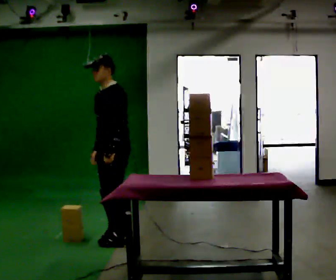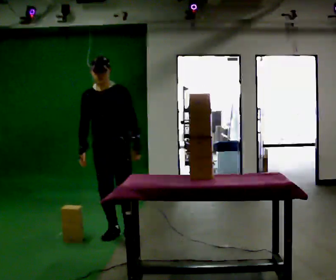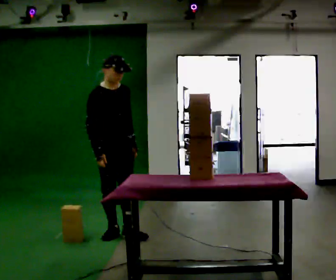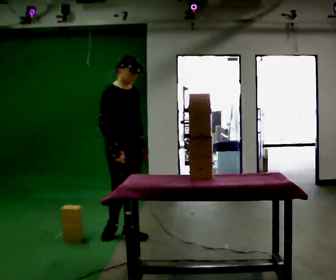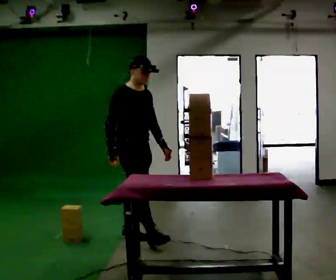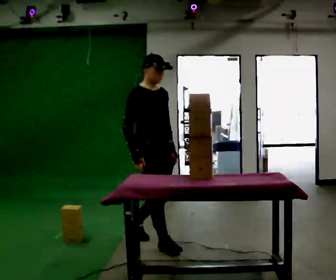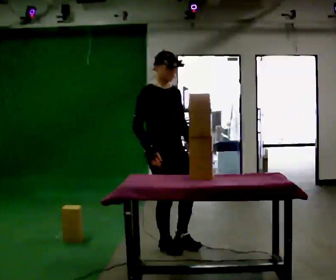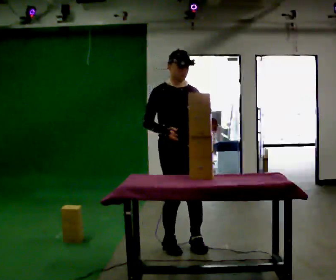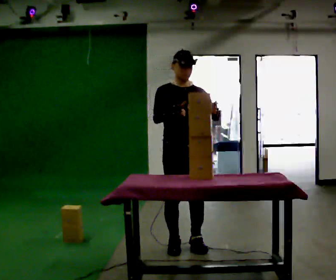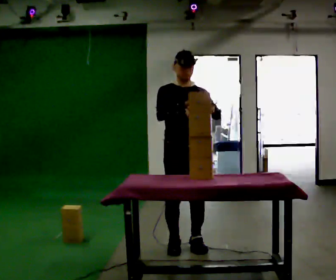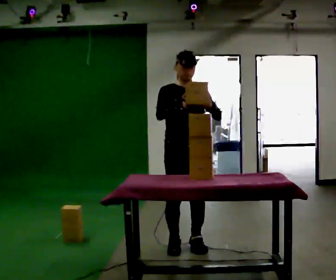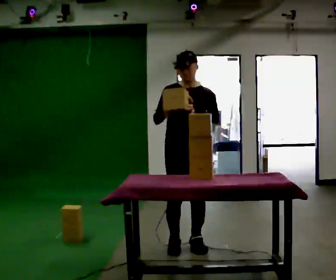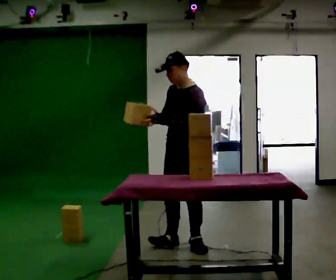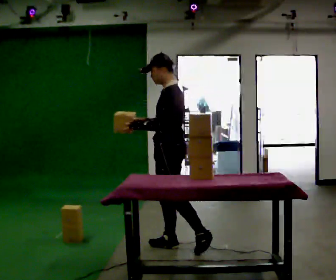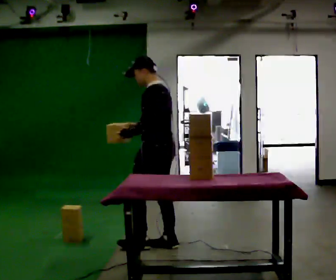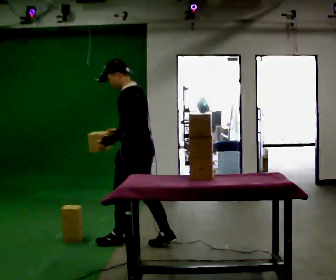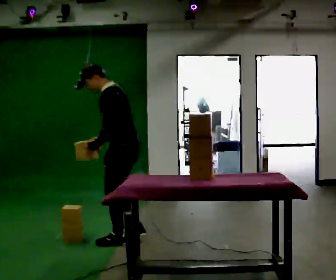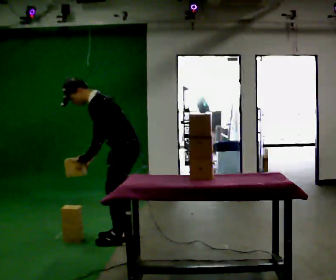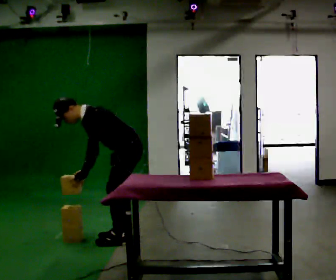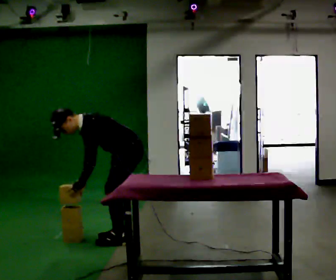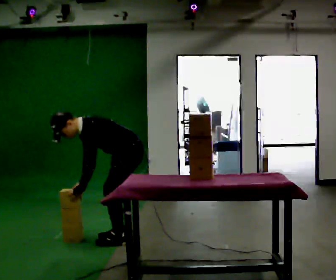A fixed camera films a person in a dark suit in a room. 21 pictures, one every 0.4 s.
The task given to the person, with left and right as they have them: Bring the boxes over one at a time and stack them on top of each other, walking back for each one. Keep going until the operator says stop; one object at a time, and do not rush between trips.
0.0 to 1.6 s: The part of the body nearest the lens slides to the right as the person turns to their left by about 105 degrees. In the picture they go to the right, about 0.25 m in 1 step. In the picture their left hand goes to the right.
1.6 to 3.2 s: Seen from above the body turns clockwise, about 45 degrees: to their right, with its near side sliding to the left. In the picture they go to the right and toward the camera, about 0.5 m in 2 steps, which for them is forward. In the picture their left hand goes upward.
3.2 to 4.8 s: The part of the body nearest the lens slides to the left as the person turns to their right by about 60 degrees. In the picture their left hand goes to the left.
4.8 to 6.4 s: Seen from above the body turns clockwise, about 45 degrees: to their right, with its near side sliding to the left. In the picture they go to the left, about 0.5 m in 1 step, which for them is forward. In the picture the upper body tilts counterclockwise, shoulders to the left.
6.4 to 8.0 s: The shoulders move downward. In the picture the upper body tilts counterclockwise, shoulders to the left, as they bend forward. In the picture their left hand goes downward.
The film runs forward here.
